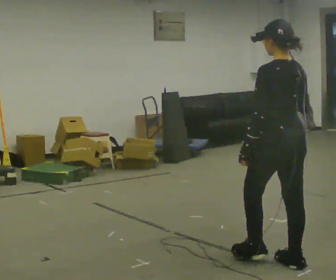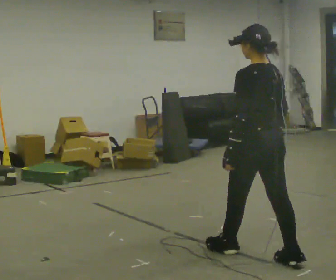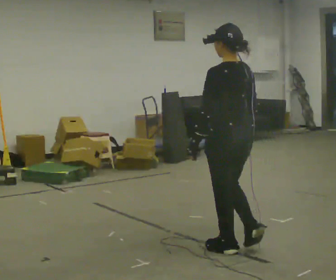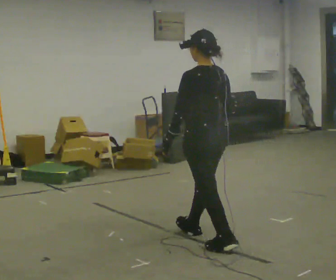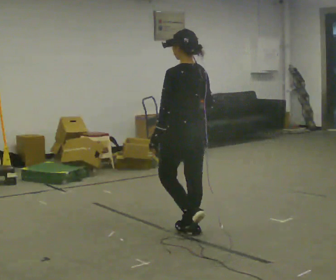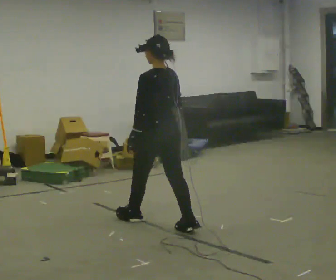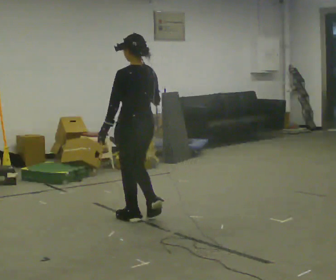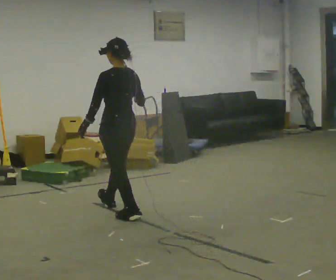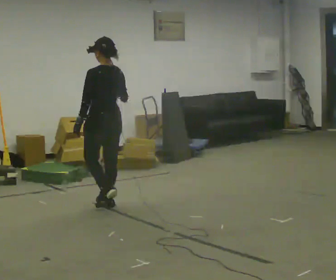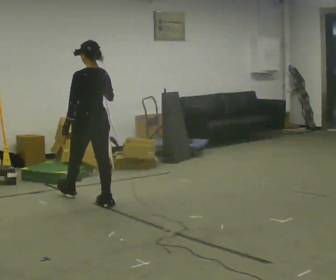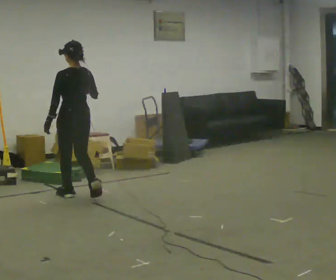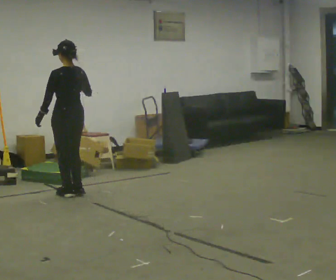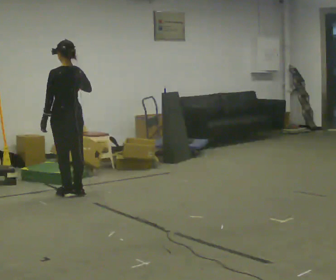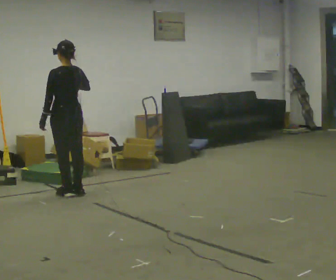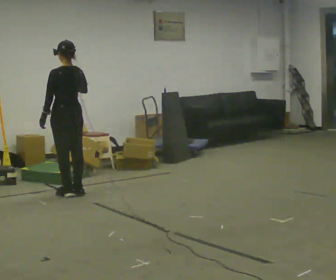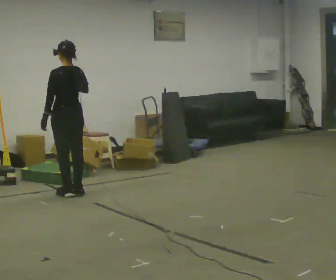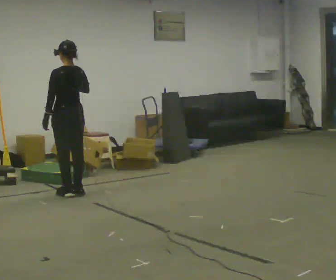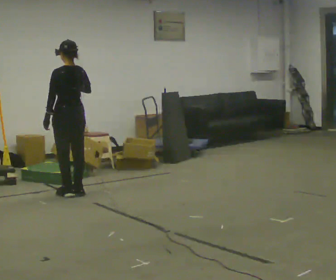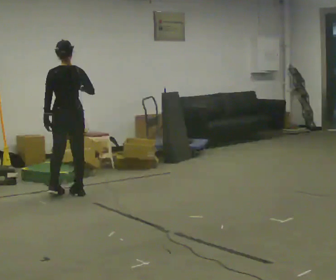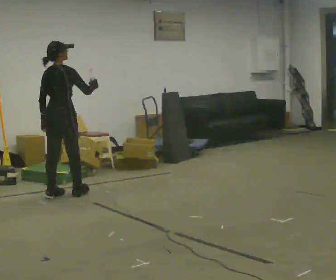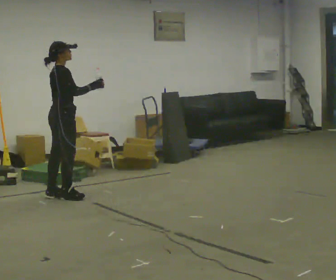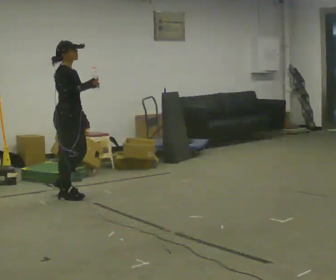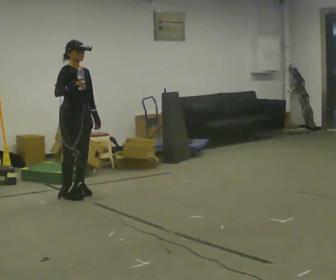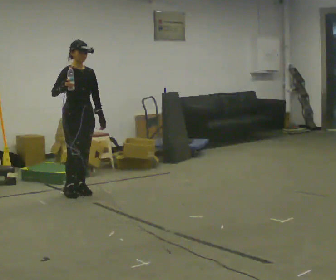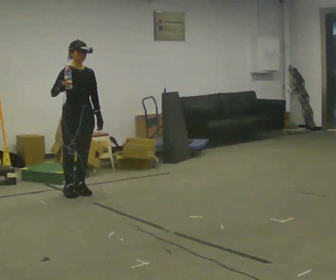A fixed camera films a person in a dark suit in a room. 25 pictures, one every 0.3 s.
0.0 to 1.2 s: In the picture they go away from the camera and to the left, about 1 m in 2 steps, which for them is forward.
1.2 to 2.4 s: In the picture they go away from the camera and to the left, about 1 m in 2 steps, which for them is forward.
2.4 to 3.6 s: In the picture they go away from the camera and to the left, about 0.75 m in 2 steps, which for them is forward.
3.6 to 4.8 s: The person moves a little, or ends about where they began.
4.8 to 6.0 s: The part of the body nearest the lens slides to the left as the person turns to their right by about 105 degrees. In the picture they go toward the camera, about 0.25 m in 2 steps.
6.0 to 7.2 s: Seen from above the body turns clockwise, about 75 degrees: to their right, with its near side sliding to the left. In the picture they go to the right, about 0.25 m in 2 steps. In the picture their right hand goes to the left.
The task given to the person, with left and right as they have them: Carry the open container of water across the room without spilling it, back and forth.
The film runs forward here.
